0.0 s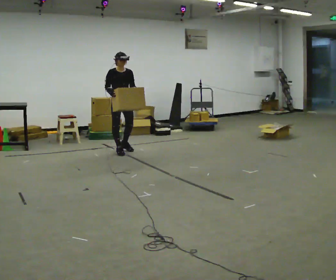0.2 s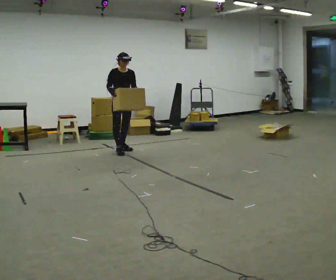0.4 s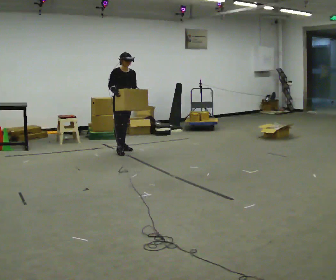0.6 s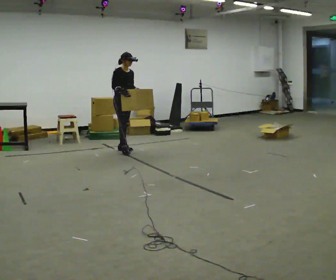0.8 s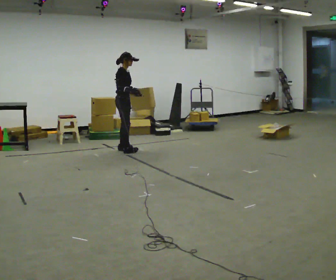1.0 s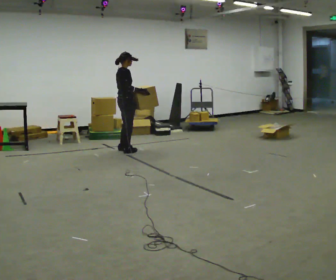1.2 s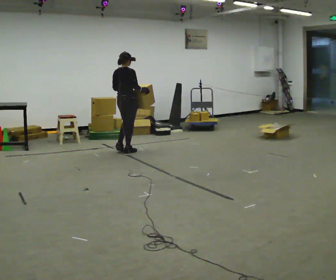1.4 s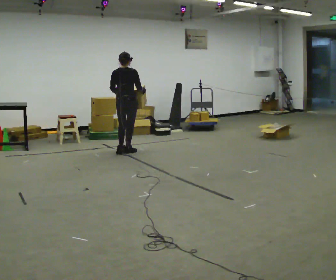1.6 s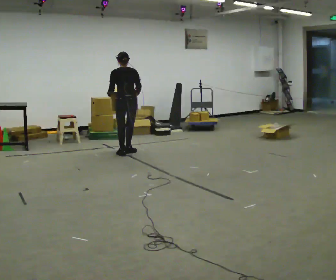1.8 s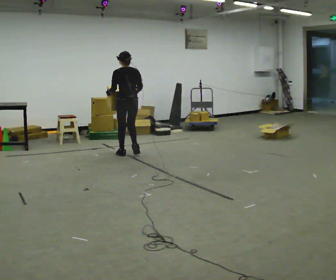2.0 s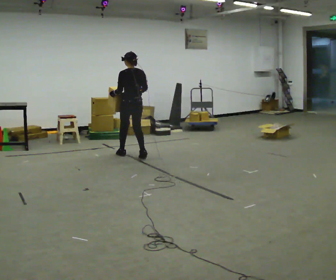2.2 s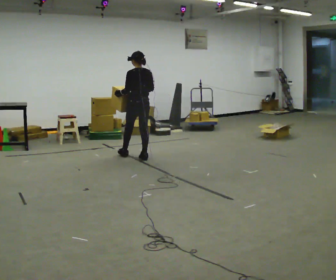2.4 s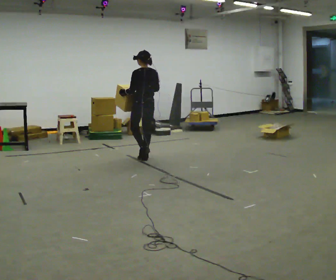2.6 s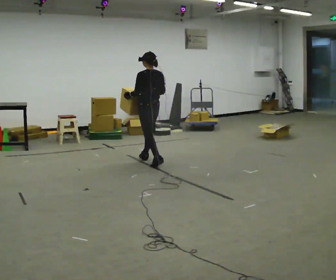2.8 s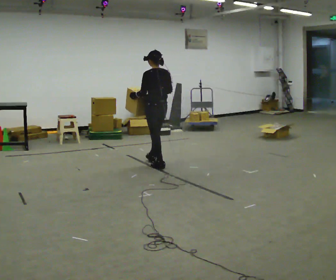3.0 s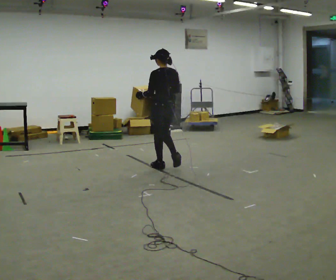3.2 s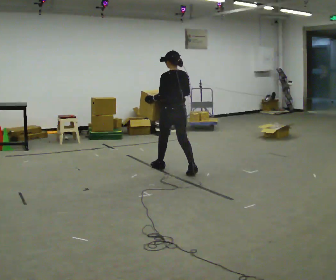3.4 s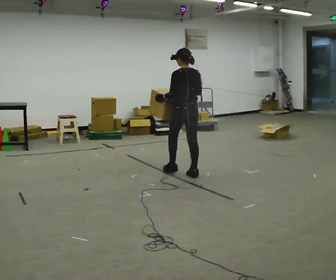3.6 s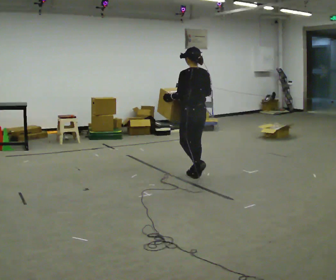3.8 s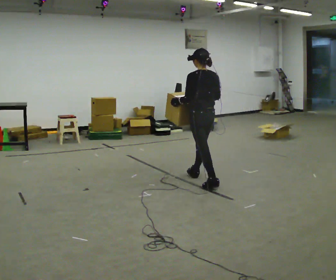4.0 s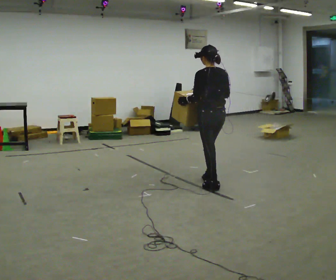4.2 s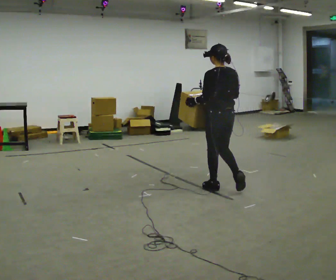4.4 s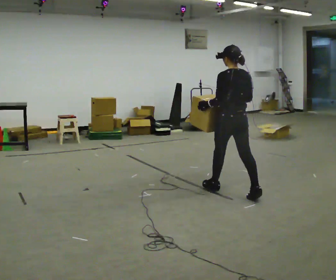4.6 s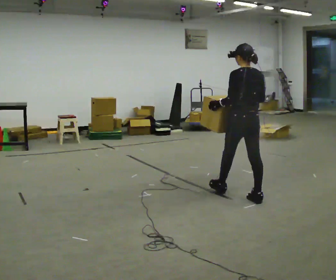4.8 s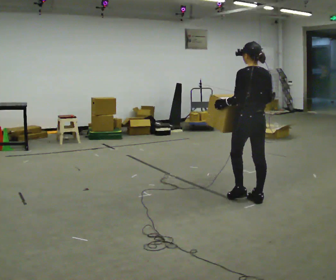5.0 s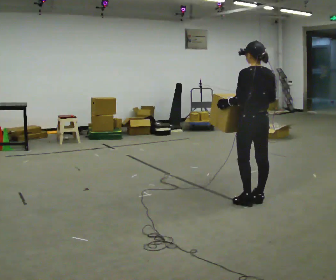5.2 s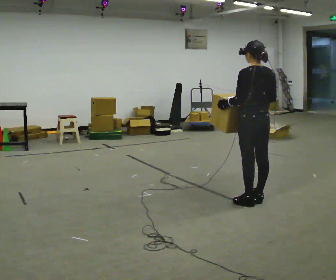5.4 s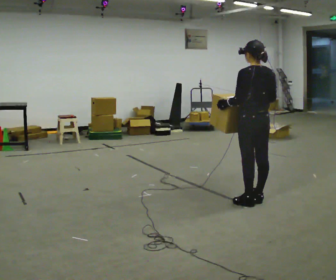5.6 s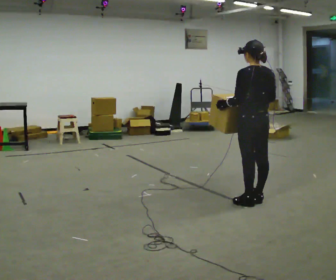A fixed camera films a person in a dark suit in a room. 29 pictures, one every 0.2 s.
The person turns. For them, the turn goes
to their left.
The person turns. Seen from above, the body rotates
counterclockwise.
0.0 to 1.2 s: The part of the body nearest the lens slides to the right as the person turns to their left by about 120 degrees. In the picture their right hand goes to the right.
1.2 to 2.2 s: The part of the body nearest the lens slides to the right as the person turns to their left by about 75 degrees. In the picture they go toward the camera and to the right, about 0.5 m in 2 steps.
2.2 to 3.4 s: In the picture they go toward the camera and to the right, about 1 m in 2 steps, which for them is backward.
3.4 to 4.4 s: In the picture they go toward the camera and to the right, about 1 m in 1 step, which for them is backward.
4.4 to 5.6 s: In the picture they go toward the camera and to the right, about 0.25 m in 1 step, which for them is backward.
The film runs backward here.
